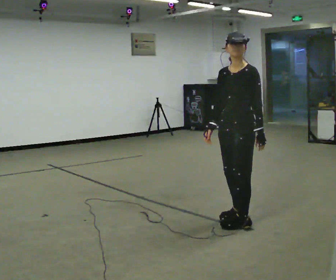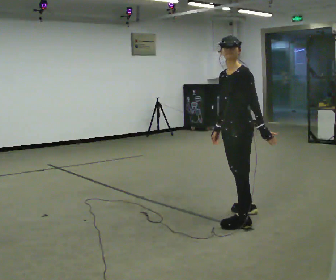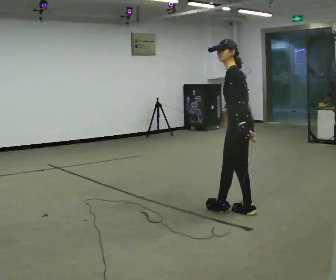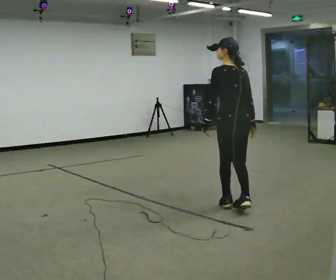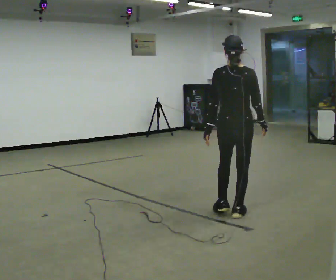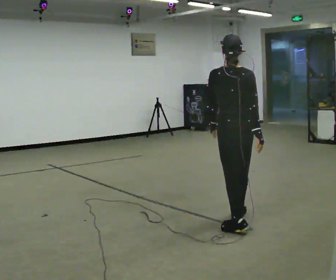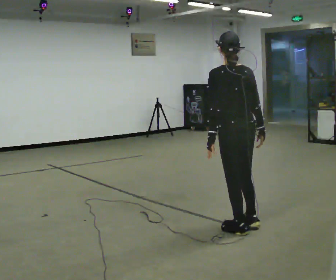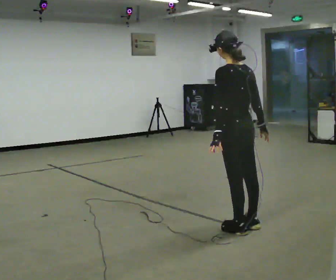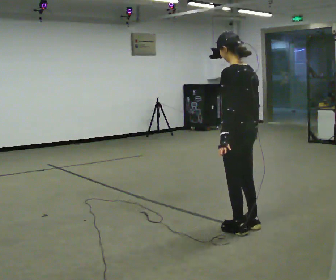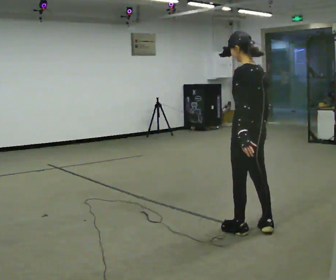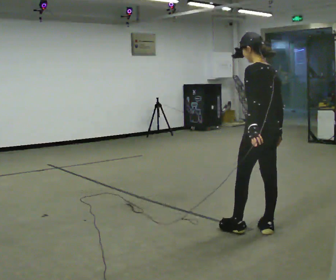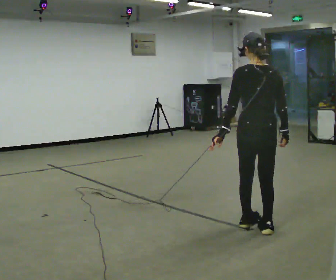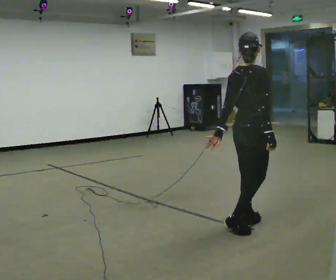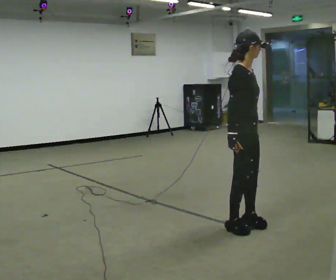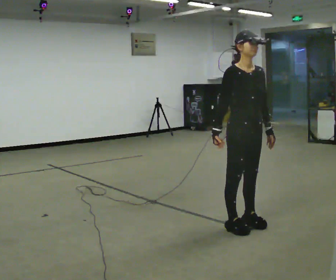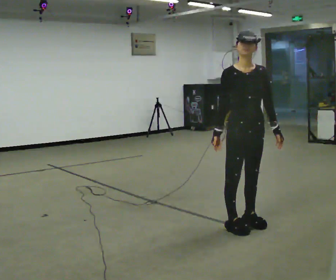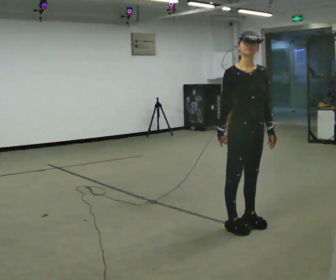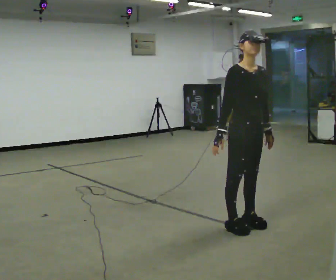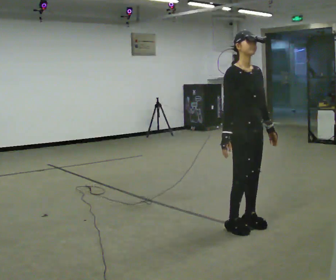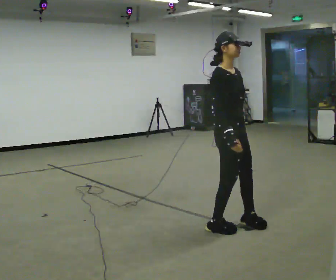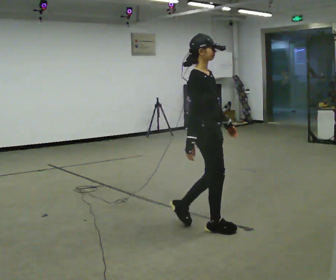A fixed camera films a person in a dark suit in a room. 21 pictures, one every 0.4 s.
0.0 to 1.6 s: The person turns about 120 degrees to their right, clockwise seen from above, so the part of the body nearest the lens slides to the left. In the picture they go away from the camera, about 0.25 m in 3 steps.
1.6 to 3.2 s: Seen from above the body turns counterclockwise, about 45 degrees: to their left, with its near side sliding to the right. In the picture they go toward the camera, about 0.5 m in 1 step, which for them is backward.
3.2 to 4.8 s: Seen from above the body turns clockwise, about 105 degrees: to their right, with its near side sliding to the left.
4.8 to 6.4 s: The person turns about 105 degrees to their right, clockwise seen from above, so the part of the body nearest the lens slides to the left. In the picture their right hand goes to the left.
6.4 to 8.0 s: Seen from above the body turns counterclockwise, about 60 degrees: to their left, with its near side sliding to the right. In the picture they go to the left, about 0.25 m in 2 steps, which for them is to their right and backward.
The film runs backward here.
